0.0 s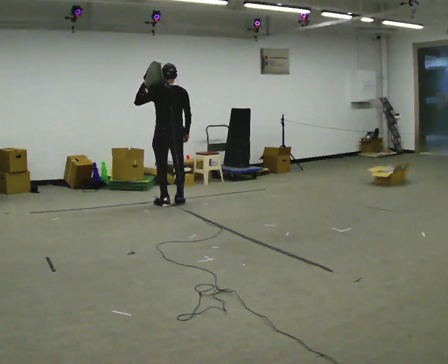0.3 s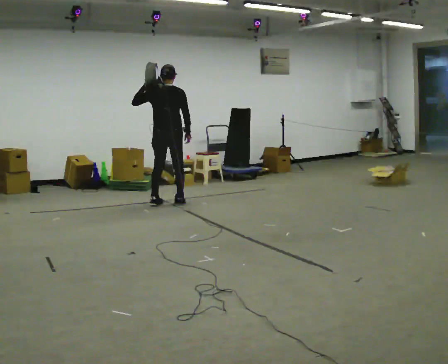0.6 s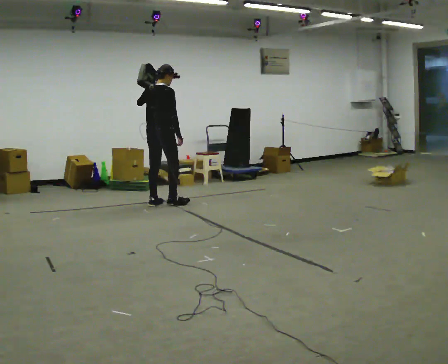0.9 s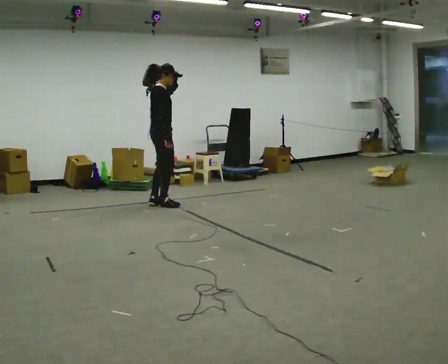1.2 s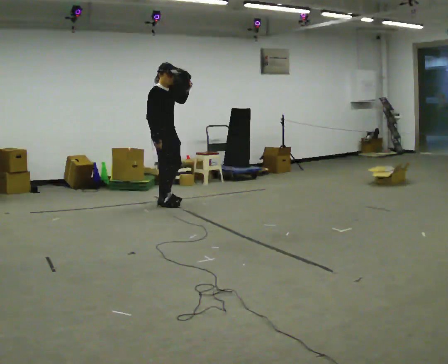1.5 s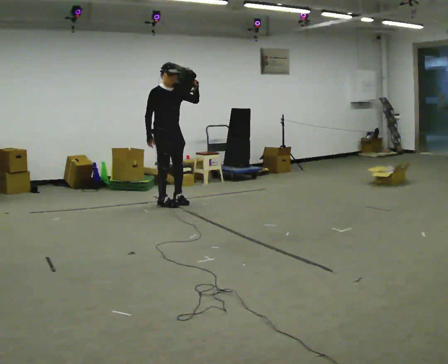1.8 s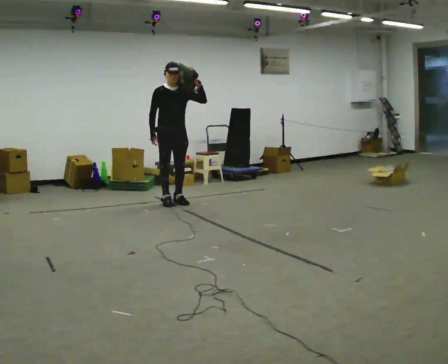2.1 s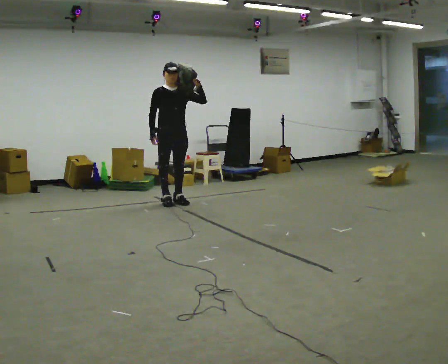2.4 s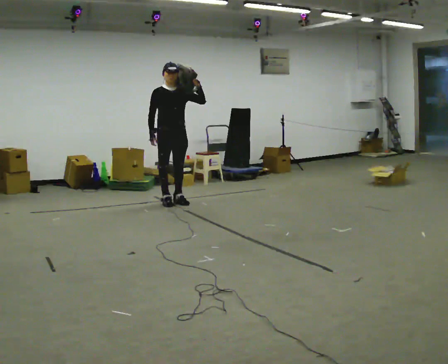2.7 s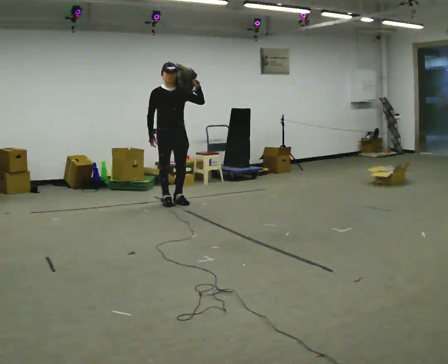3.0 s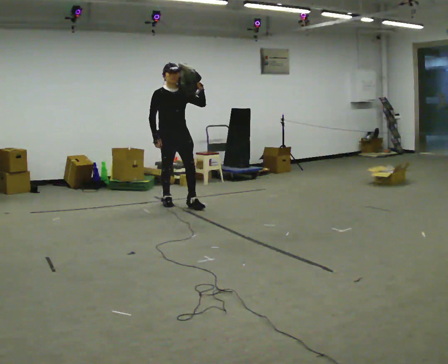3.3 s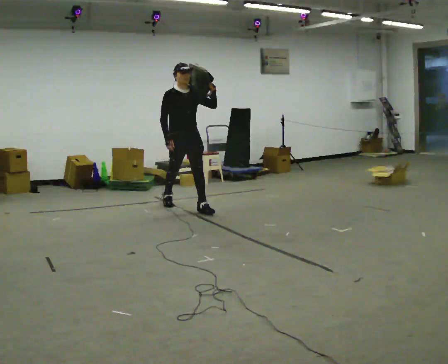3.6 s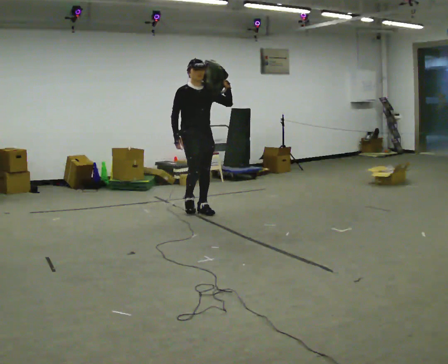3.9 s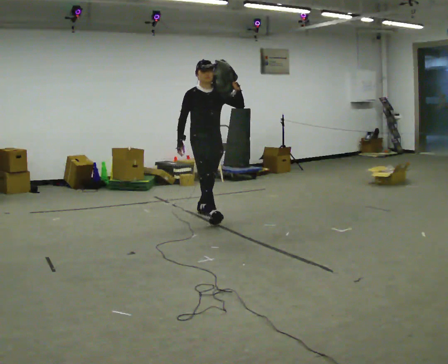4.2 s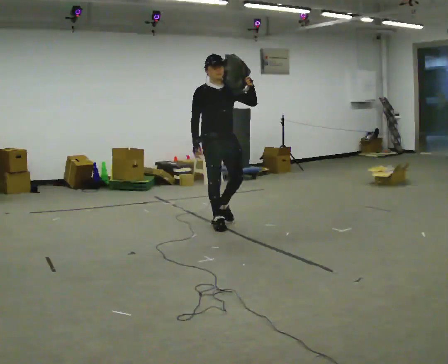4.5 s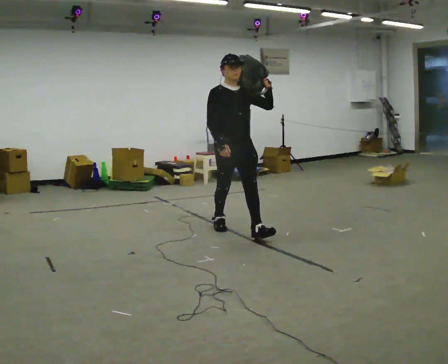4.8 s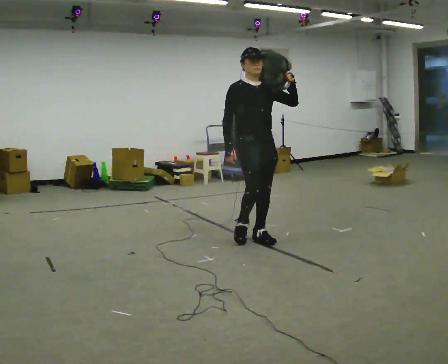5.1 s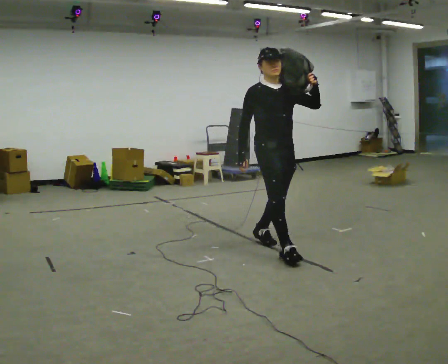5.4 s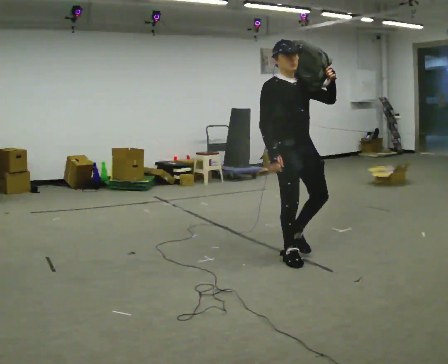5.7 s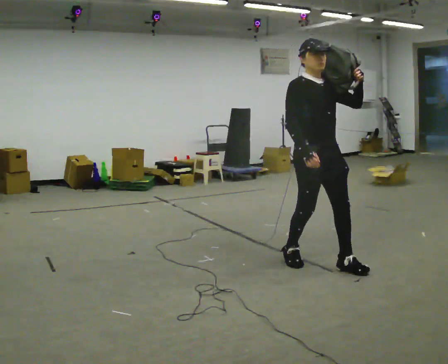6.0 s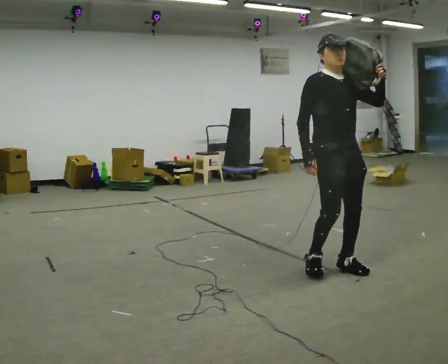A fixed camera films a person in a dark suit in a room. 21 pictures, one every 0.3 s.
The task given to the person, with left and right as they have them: Put the soft bag up onto your shoulder and carry it across the room, back and forth.
0.0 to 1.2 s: The part of the body nearest the lens slides to the left as the person turns to their right by about 135 degrees. In the picture their left hand goes to the right.
1.2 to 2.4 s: The person turns about 45 degrees to their right, clockwise seen from above, so the part of the body nearest the lens slides to the left.
2.4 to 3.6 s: In the picture they go toward the camera and to the right, about 0.5 m in 1 step, which for them is forward.
3.6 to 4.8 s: In the picture they go toward the camera and to the right, about 1.5 m in 2 steps, which for them is forward.
4.8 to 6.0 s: In the picture they go toward the camera and to the right, about 1 m in 2 steps, which for them is forward.
The film runs forward here.
